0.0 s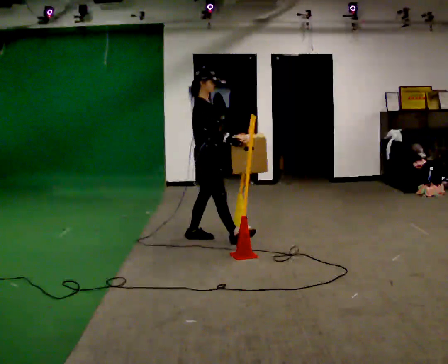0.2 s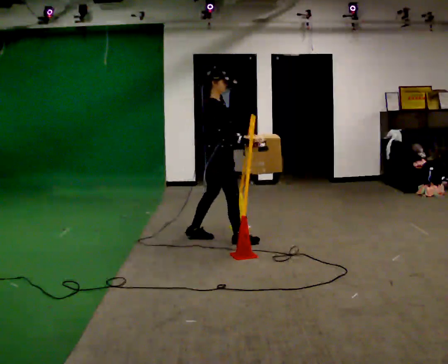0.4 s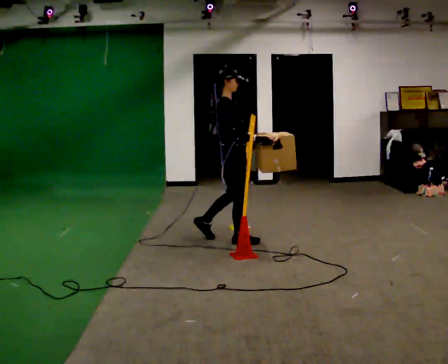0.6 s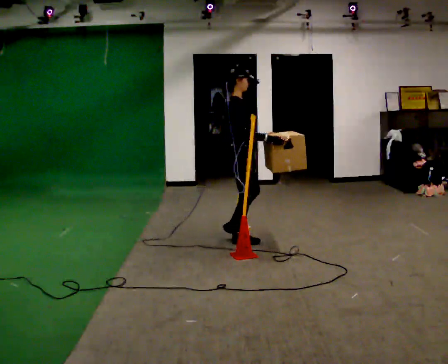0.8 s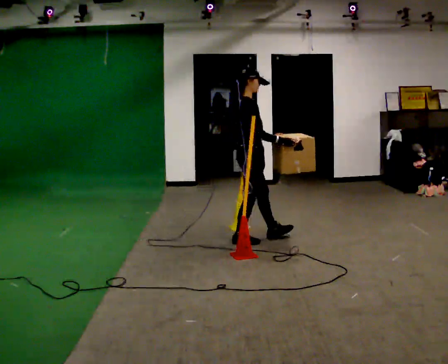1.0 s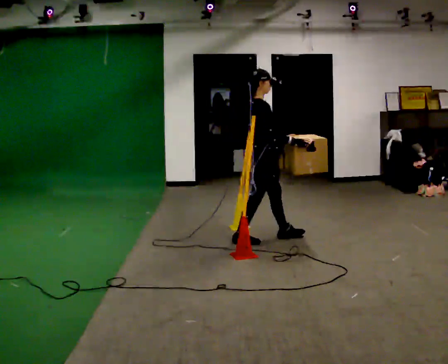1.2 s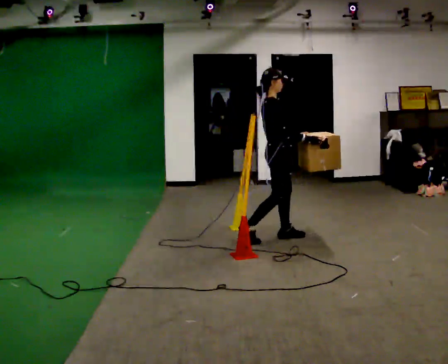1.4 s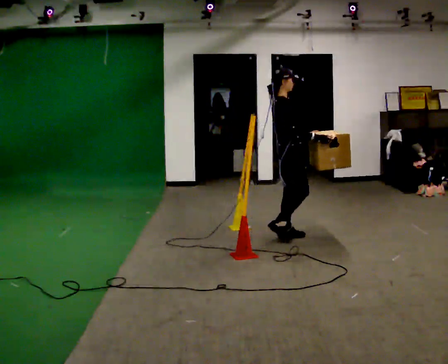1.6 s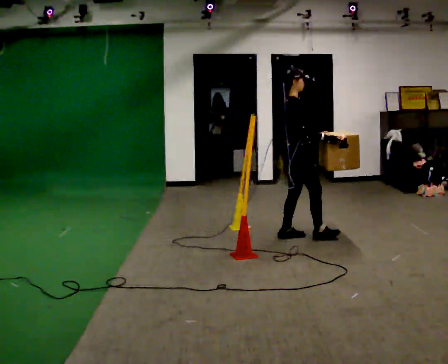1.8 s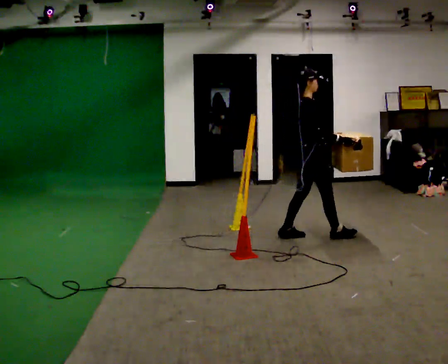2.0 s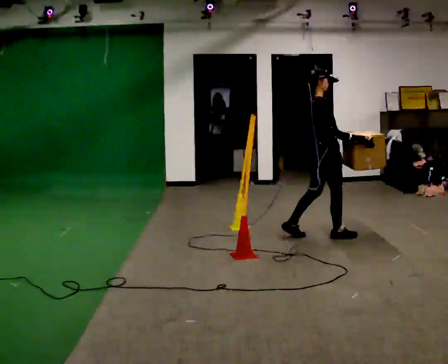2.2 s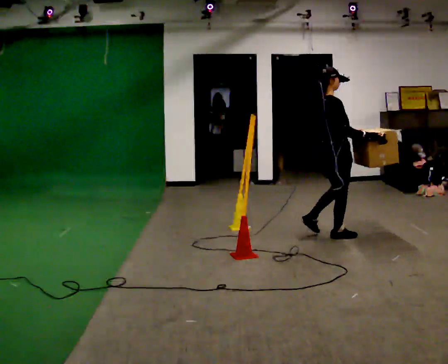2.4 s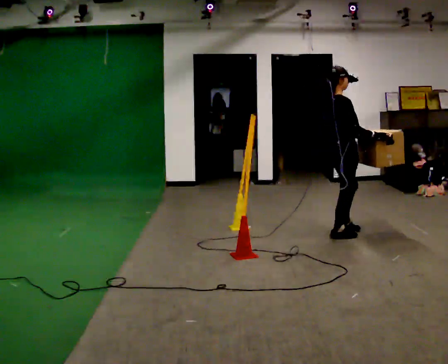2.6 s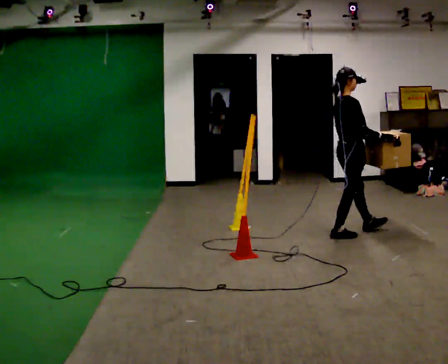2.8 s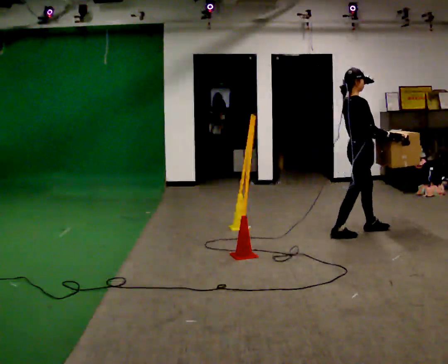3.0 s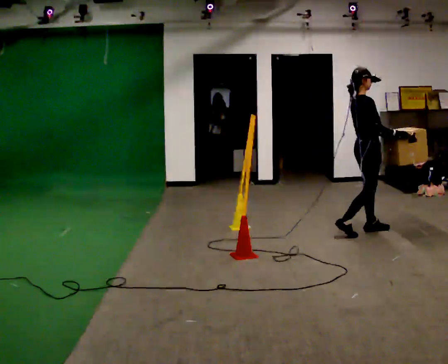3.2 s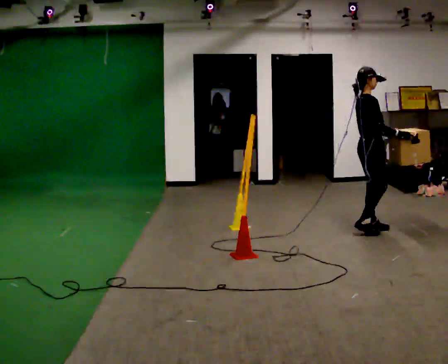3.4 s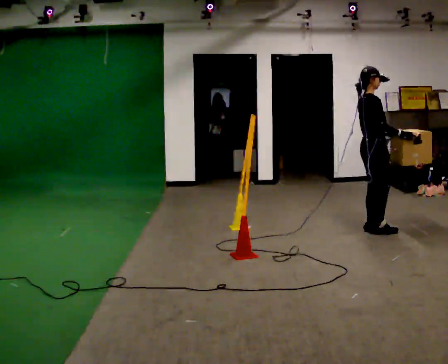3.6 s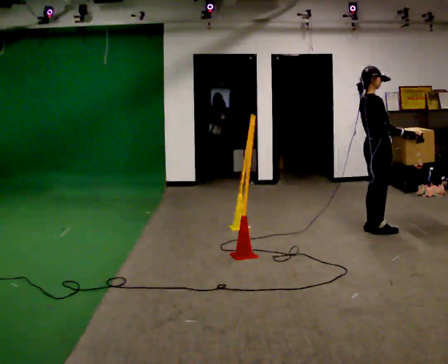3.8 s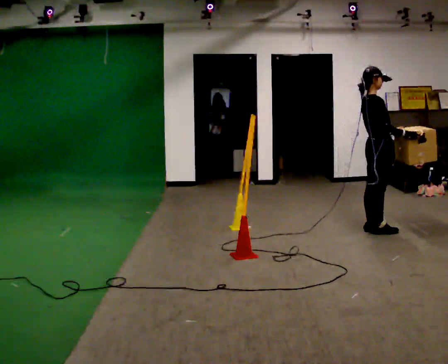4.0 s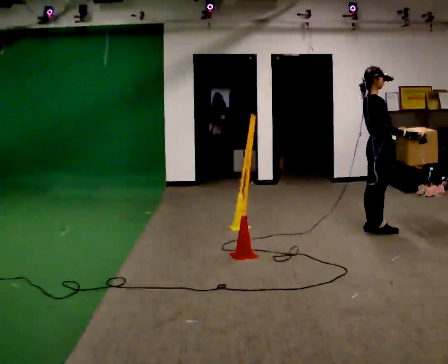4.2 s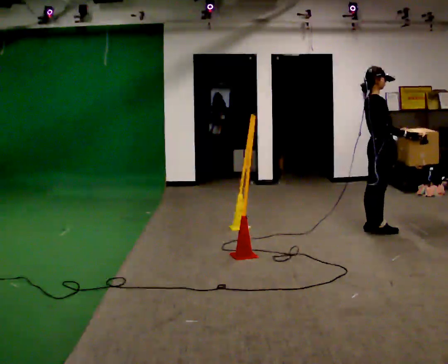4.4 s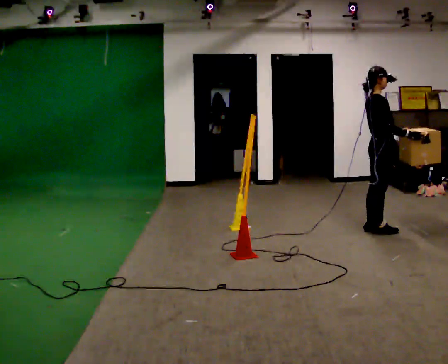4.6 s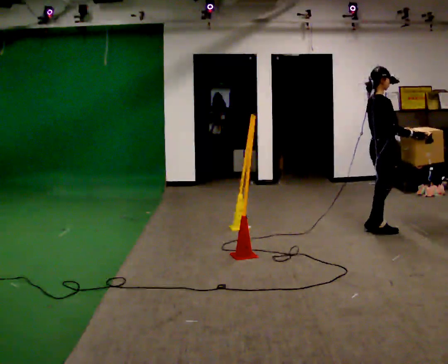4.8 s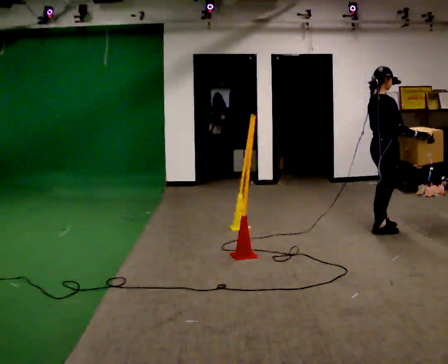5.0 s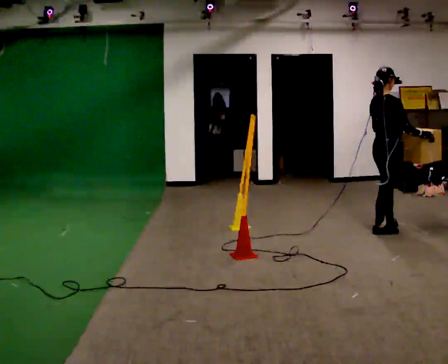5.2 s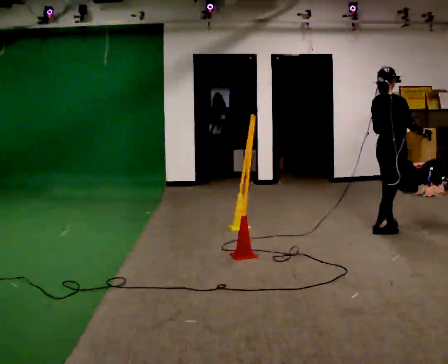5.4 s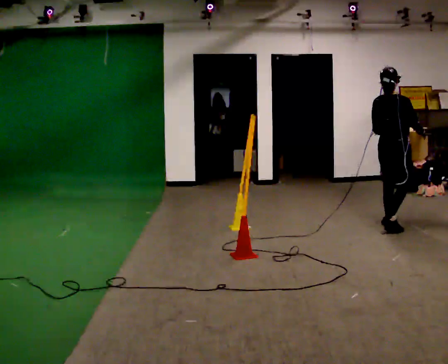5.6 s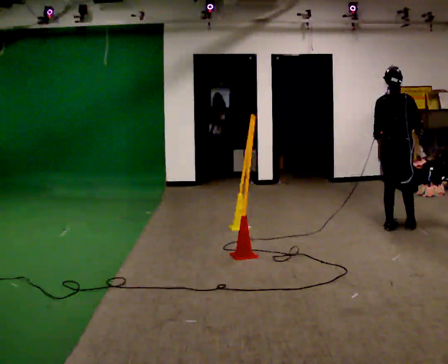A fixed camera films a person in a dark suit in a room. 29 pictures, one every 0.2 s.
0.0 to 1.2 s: In the picture they go to the right, about 0.75 m in 1 step, which for them is forward.
1.2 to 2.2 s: In the picture they go to the right, about 0.5 m in 1 step, which for them is forward.
2.2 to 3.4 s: In the picture they go to the right and away from the camera, about 0.5 m in 2 steps, which for them is forward.
3.4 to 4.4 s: The person moves a little, or ends about where they began.
4.4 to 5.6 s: The part of the body nearest the lens slides to the right as the person turns to their left by about 75 degrees. In the picture they go to the right, about 0.25 m in 1 step.
The film runs forward here.
